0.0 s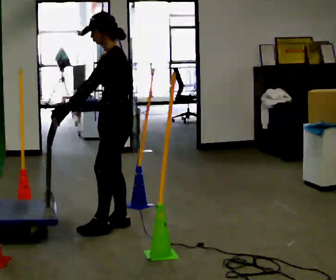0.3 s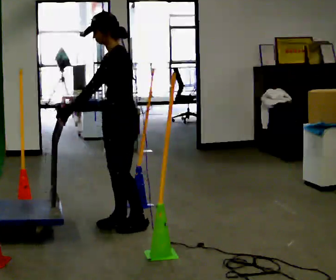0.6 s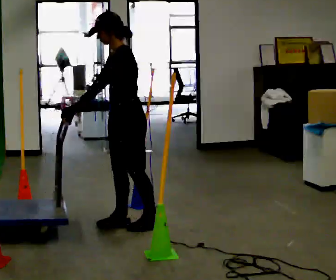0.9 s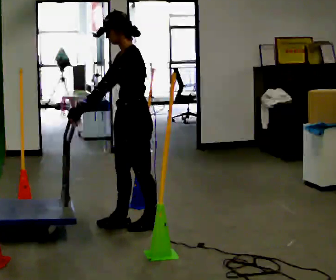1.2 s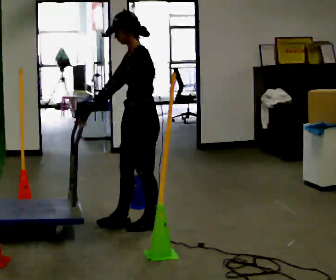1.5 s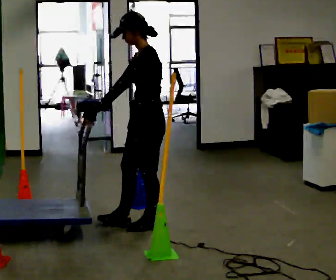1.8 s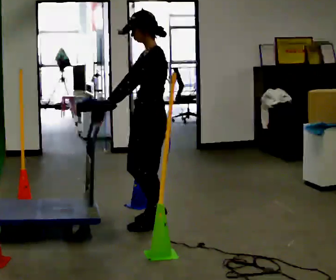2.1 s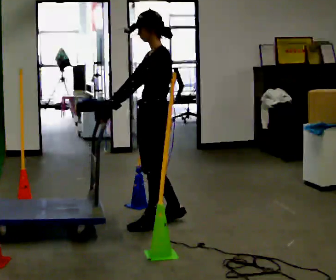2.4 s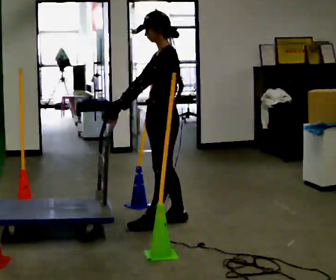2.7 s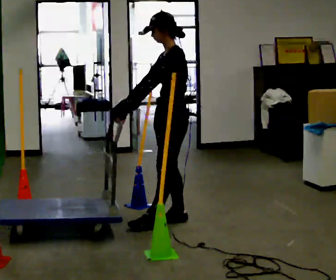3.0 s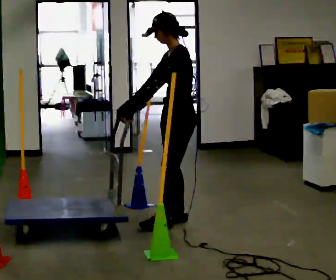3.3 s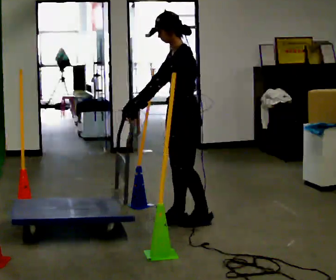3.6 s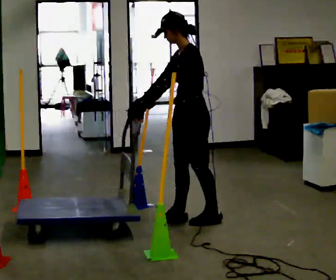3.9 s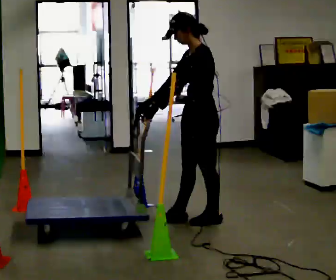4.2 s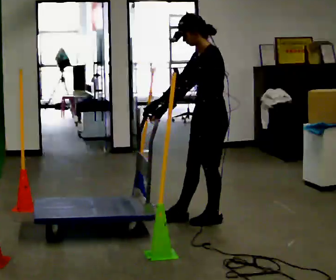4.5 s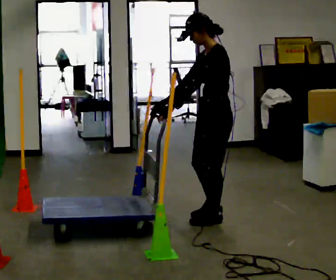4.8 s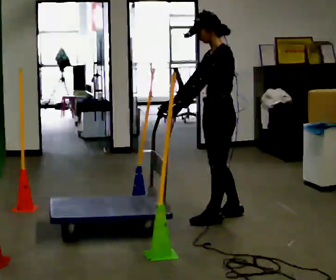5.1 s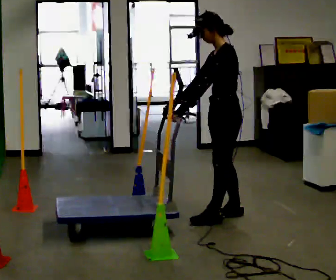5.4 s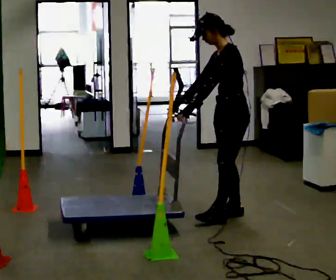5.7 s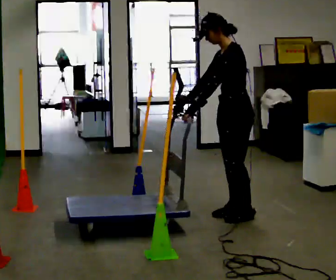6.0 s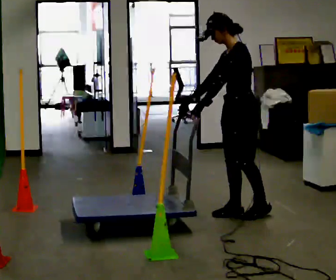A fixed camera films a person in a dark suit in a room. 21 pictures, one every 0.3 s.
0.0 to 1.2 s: In the picture they go to the right, about 0.25 m in 1 step, which for them is backward.
1.2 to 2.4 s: In the picture they go to the right, about 0.25 m in 1 step, which for them is backward.
2.4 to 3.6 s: In the picture they go to the right, about 0.25 m in 1 step, which for them is backward.
3.6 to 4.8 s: In the picture they go to the right, about 0.25 m in 1 step, which for them is backward.
4.8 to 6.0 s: In the picture they go to the right, about 0.25 m in 1 step, which for them is backward.
The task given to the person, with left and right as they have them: Push the cart in and out of the line of poles without touching any of them. Keep going until the operator says stop.
The film runs forward here.
